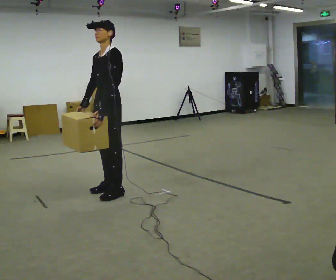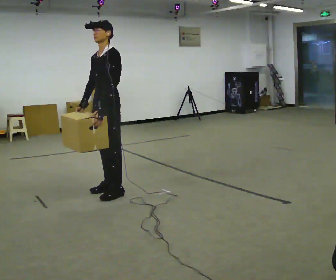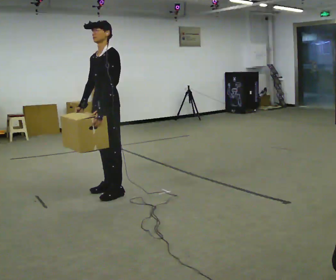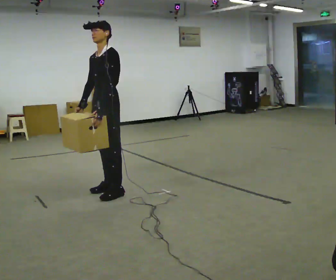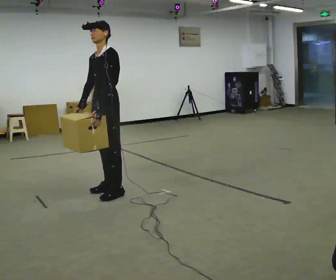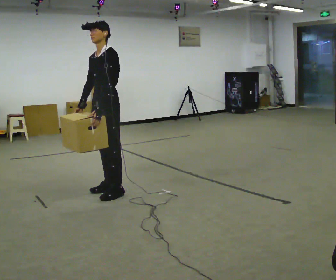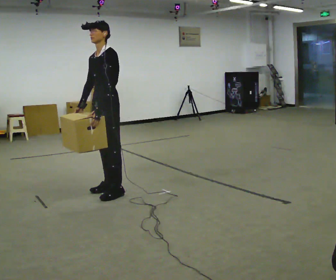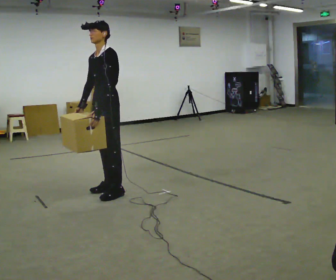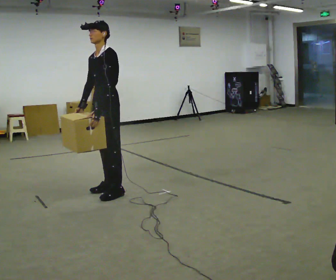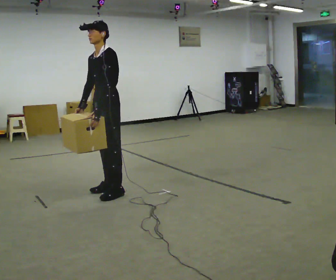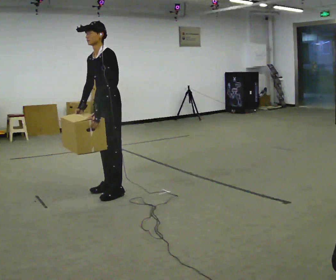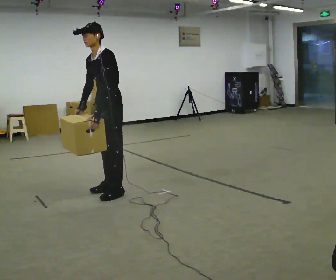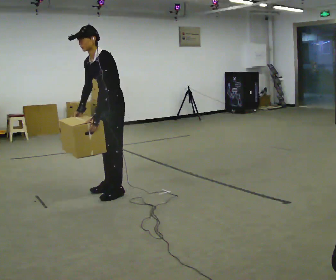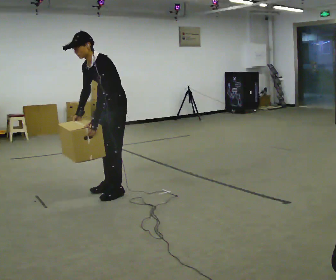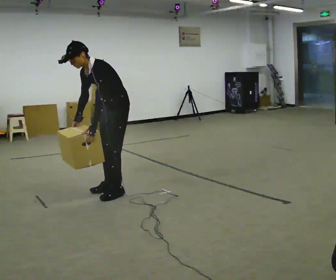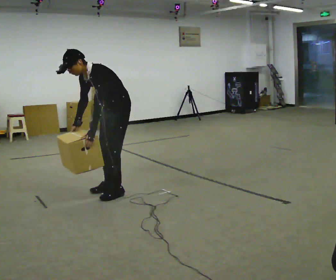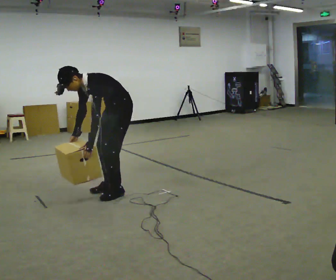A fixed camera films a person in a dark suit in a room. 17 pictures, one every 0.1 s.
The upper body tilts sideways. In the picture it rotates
counterclockwise.
The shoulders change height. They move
downward.
0.0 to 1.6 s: The upper body goes downward. In the picture the upper body tilts counterclockwise, shoulders to the left, as they bend forward.
The film runs backward here.
